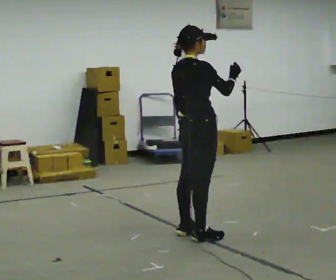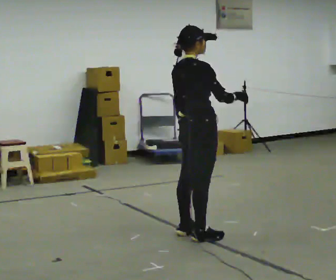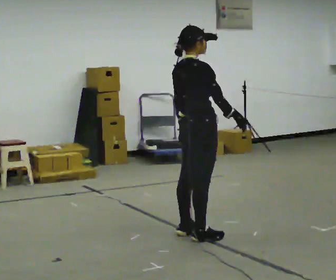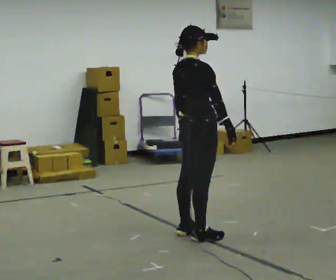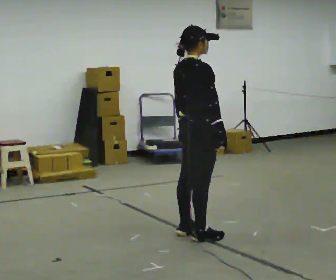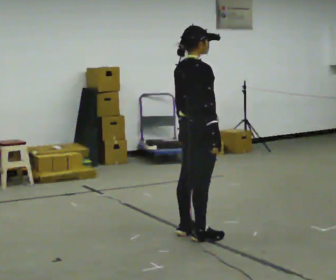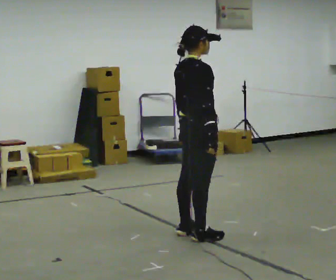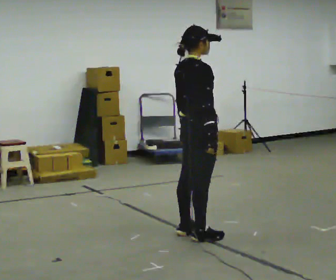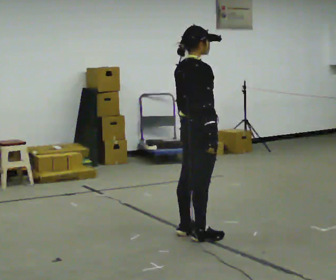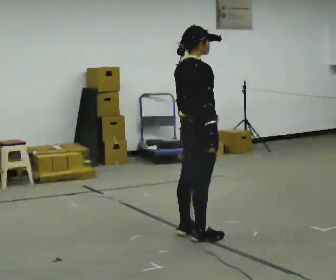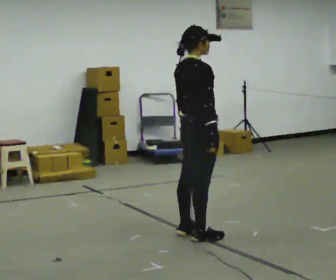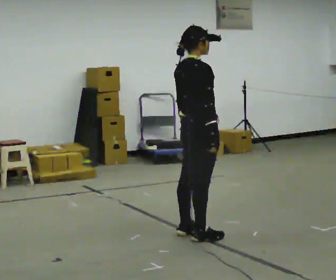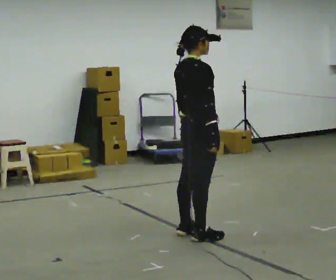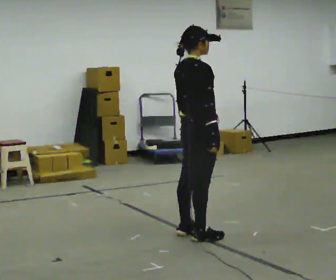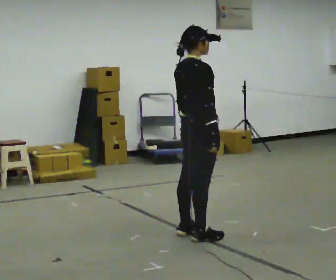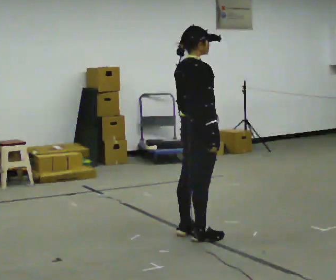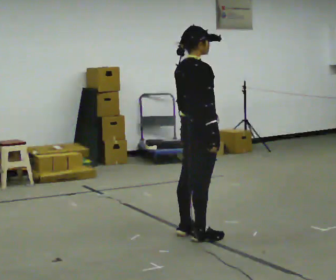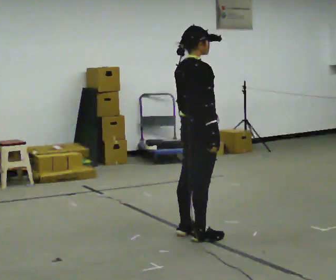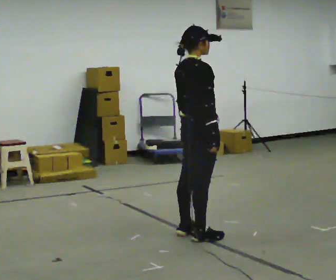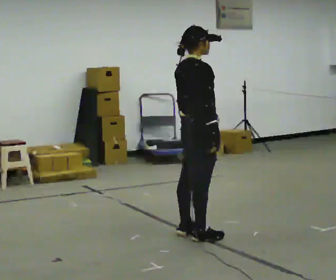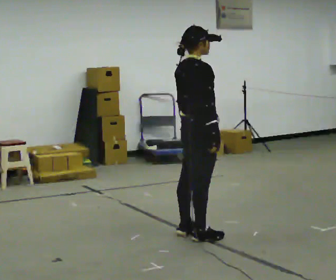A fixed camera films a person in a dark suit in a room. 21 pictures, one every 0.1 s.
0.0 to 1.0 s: In the picture their right hand goes downward, the arm swinging clockwise.
1.0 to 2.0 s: The person keeps their place and pose.
The film runs forward here.
